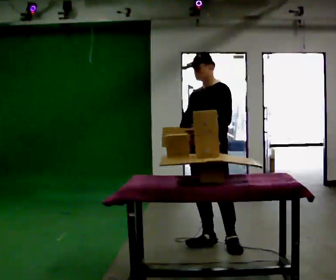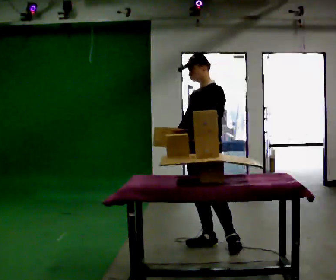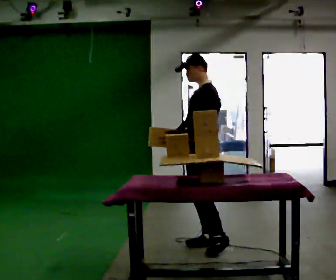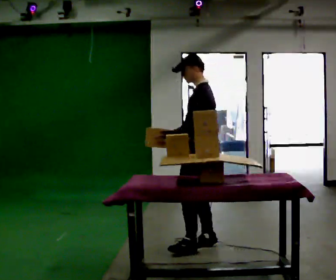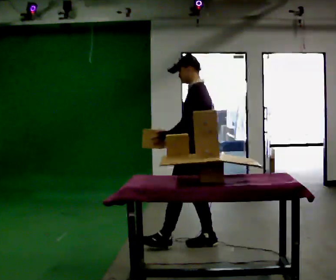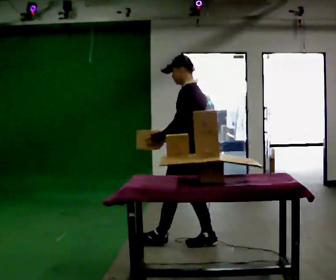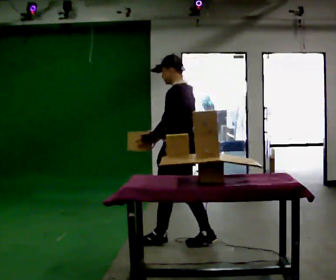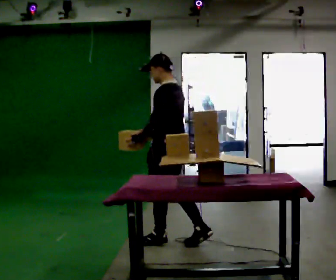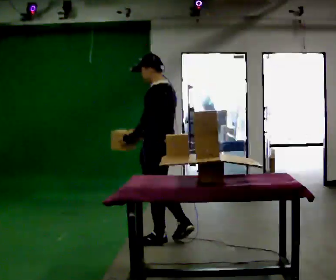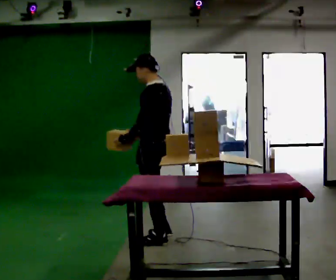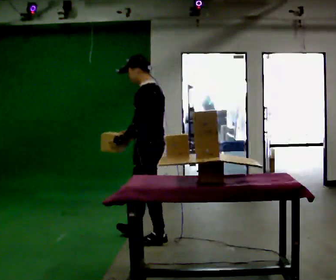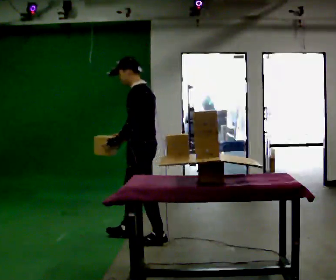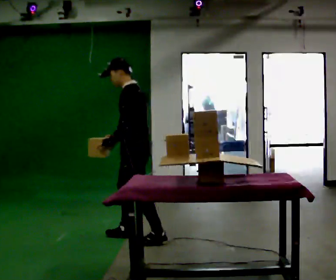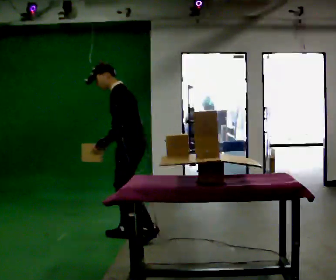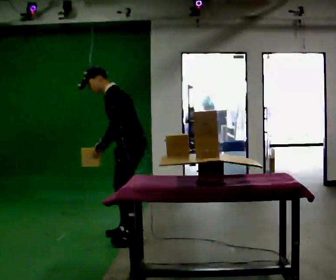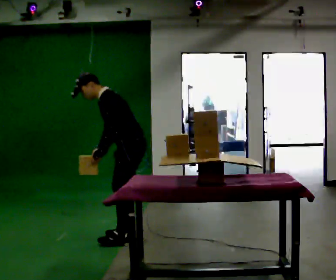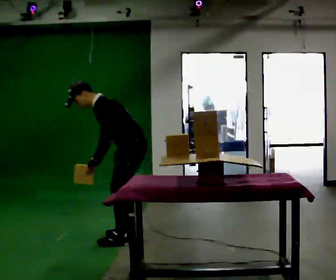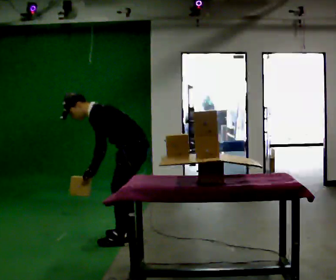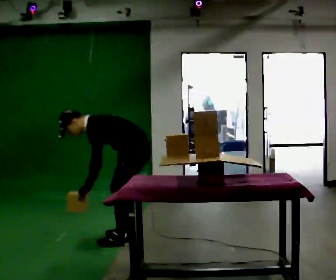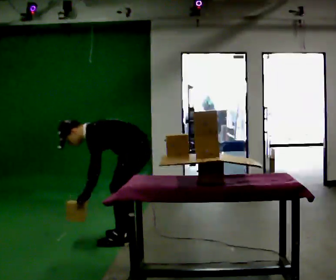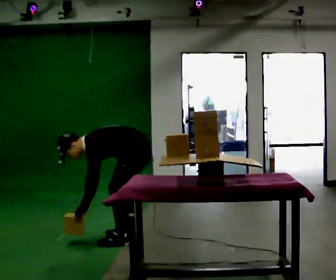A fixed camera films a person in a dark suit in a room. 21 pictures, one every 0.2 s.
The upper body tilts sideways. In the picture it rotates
counterclockwise.
Their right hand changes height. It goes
downward.
0.0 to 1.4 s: The part of the body nearest the lens slides to the left as the person turns to their right by about 75 degrees. In the picture they go to the left, about 0.25 m in 1 step.
1.4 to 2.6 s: Seen from above the body turns counterclockwise, about 30 degrees: to their left, with its near side sliding to the right. In the picture they go to the left and away from the camera, about 0.5 m in 1 step, which for them is forward. In the picture the upper body tilts counterclockwise, shoulders to the left, as they bend forward.
2.6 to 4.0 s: The shoulders move downward. In the picture the upper body tilts counterclockwise, shoulders to the left, as they bend forward. In the picture their left hand goes downward.
The film runs forward here.
